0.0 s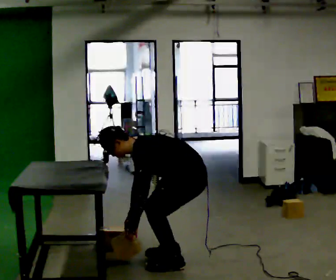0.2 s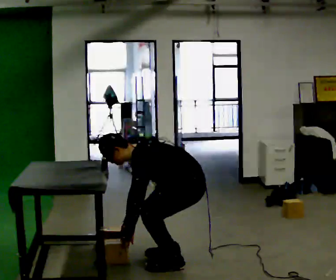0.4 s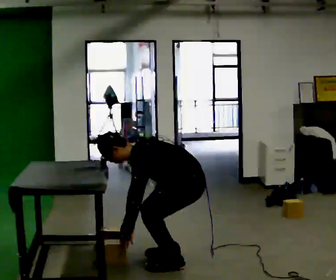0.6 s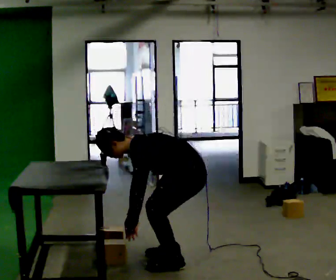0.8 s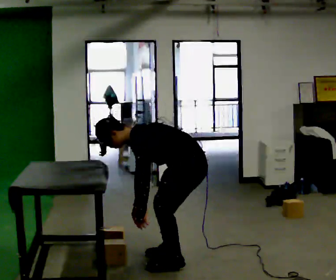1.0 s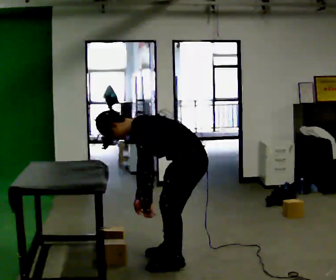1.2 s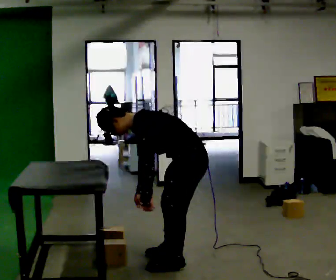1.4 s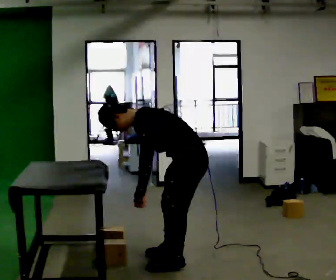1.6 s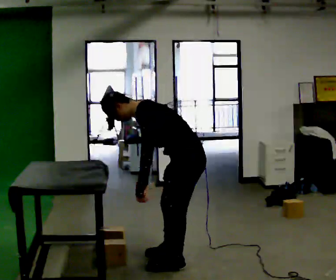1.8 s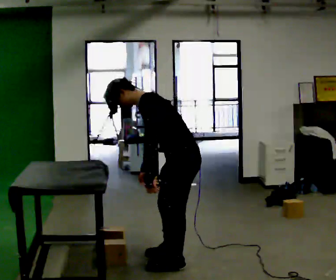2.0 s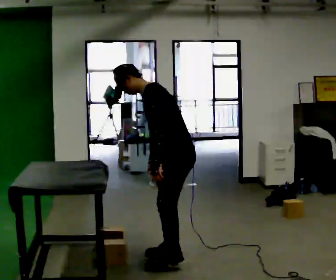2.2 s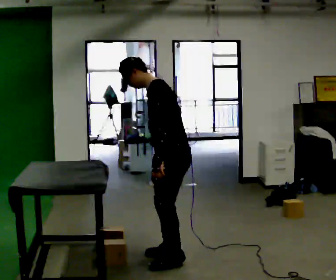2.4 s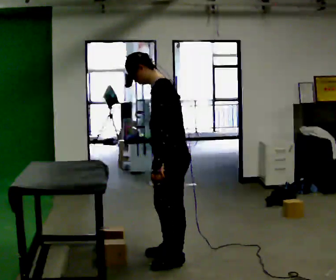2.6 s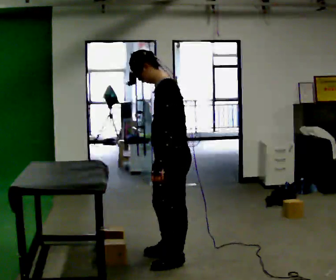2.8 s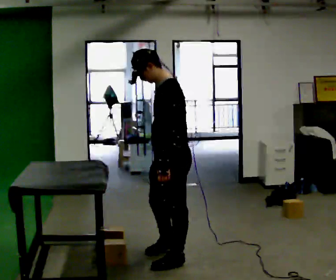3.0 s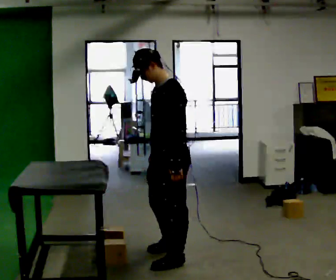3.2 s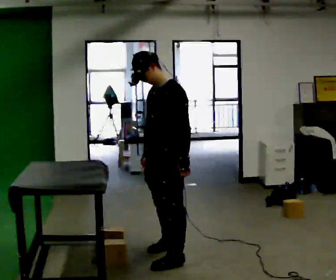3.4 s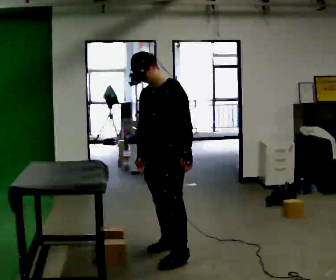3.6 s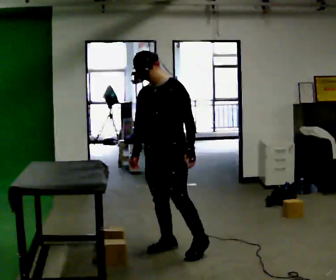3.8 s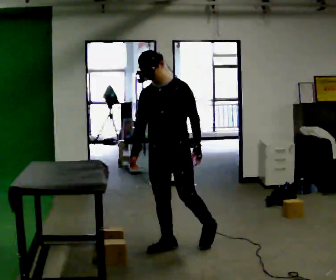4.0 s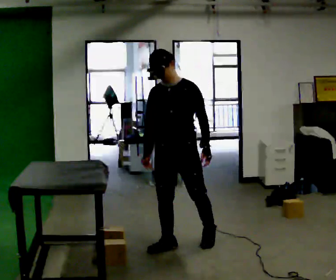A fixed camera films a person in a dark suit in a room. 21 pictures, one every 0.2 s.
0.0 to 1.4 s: The person moves a little, or ends about where they began.
1.4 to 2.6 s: The upper body goes upward. In the picture the upper body tilts clockwise, shoulders to the right, as they lean back or straighten.
2.6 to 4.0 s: The person turns about 75 degrees to their left, counterclockwise seen from above, so the part of the body nearest the lens slides to the right. In the picture they go away from the camera, about 0.25 m in 1 step.
The film runs backward here.
